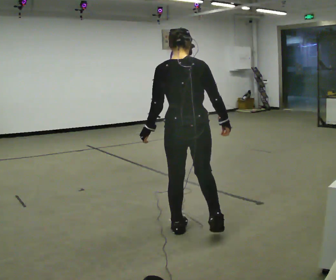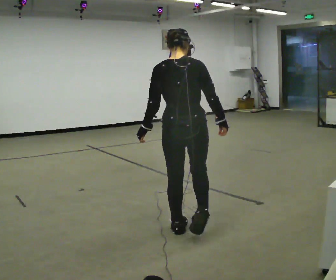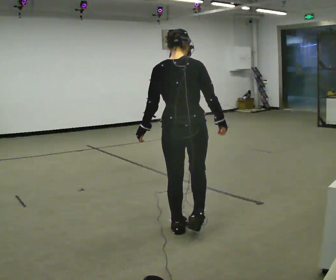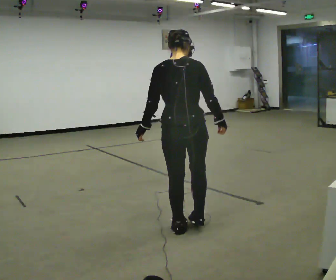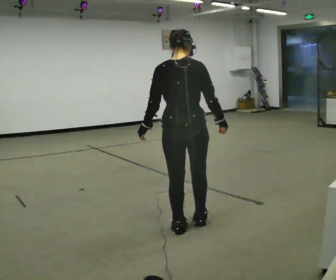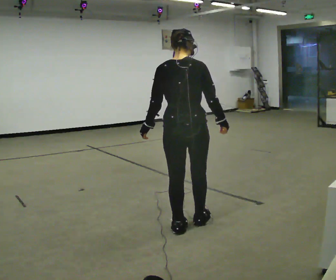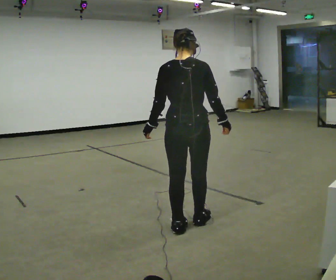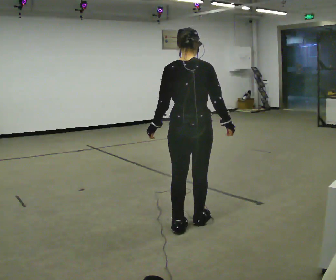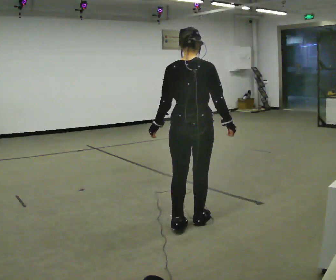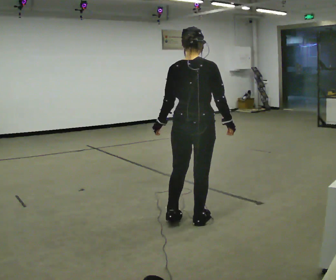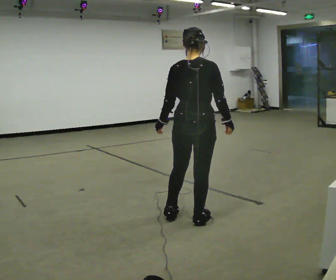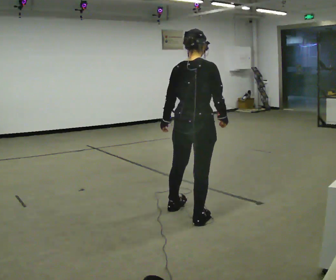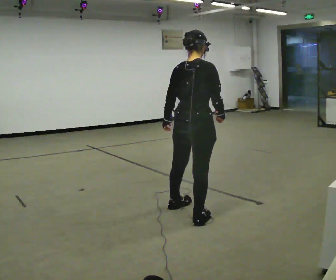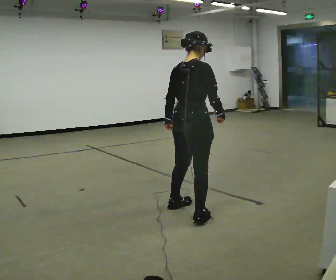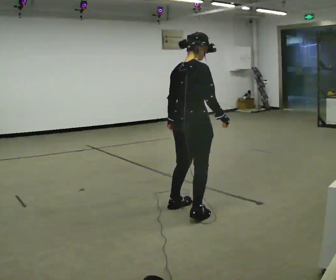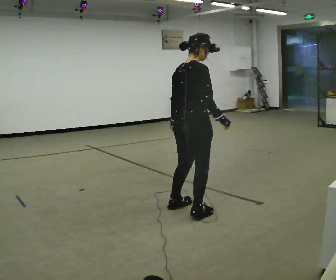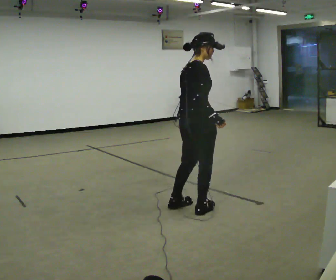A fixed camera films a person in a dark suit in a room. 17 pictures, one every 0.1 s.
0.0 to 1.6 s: Seen from above the body turns clockwise, about 60 degrees: to their right, with its near side sliding to the left. In the picture they go away from the camera, about 0.5 m in 3 steps.
The film runs backward here.
